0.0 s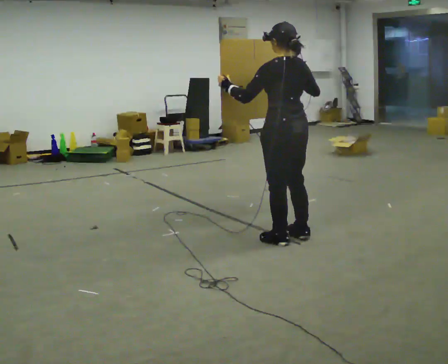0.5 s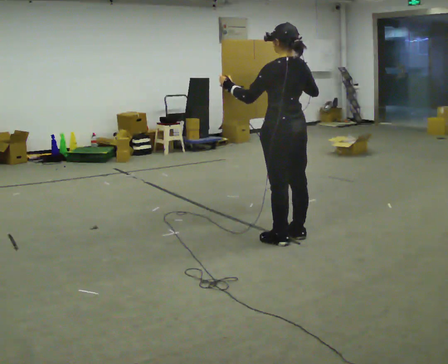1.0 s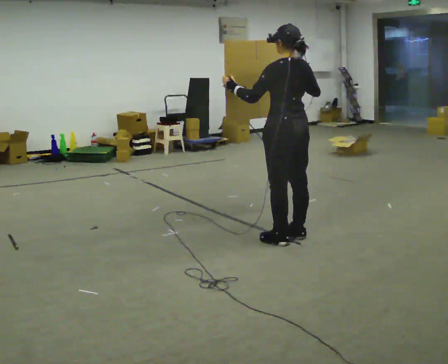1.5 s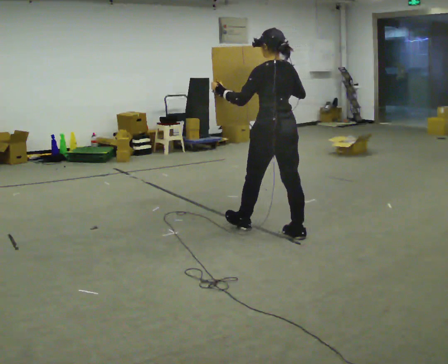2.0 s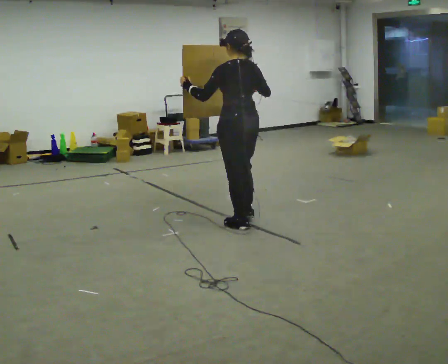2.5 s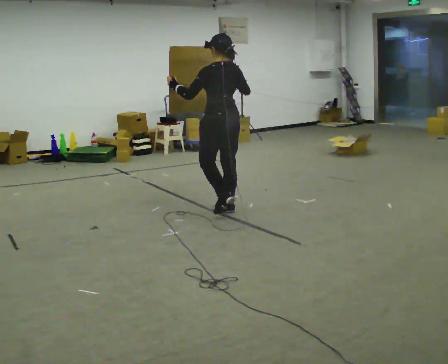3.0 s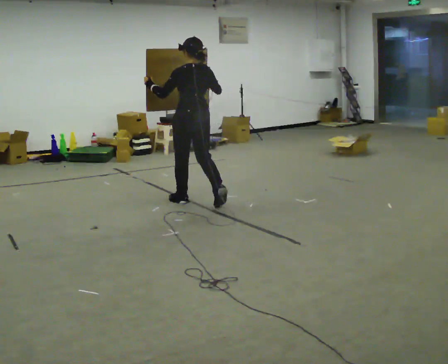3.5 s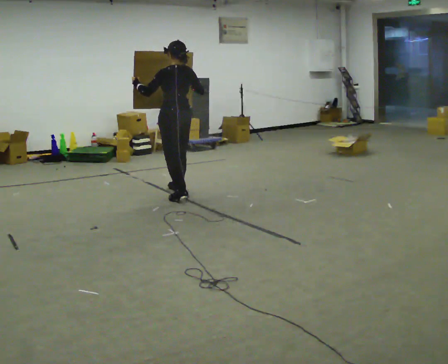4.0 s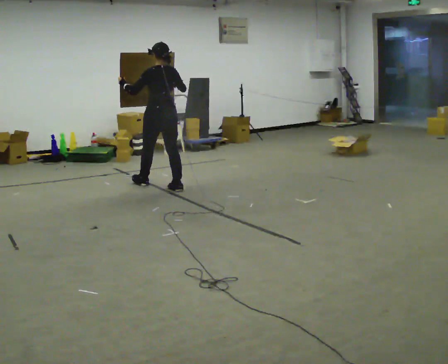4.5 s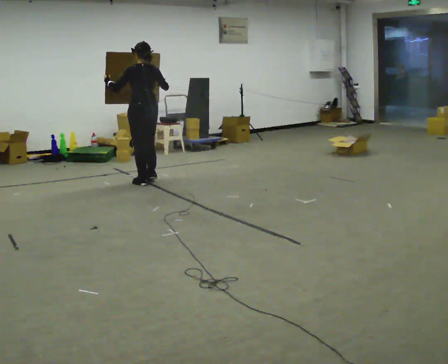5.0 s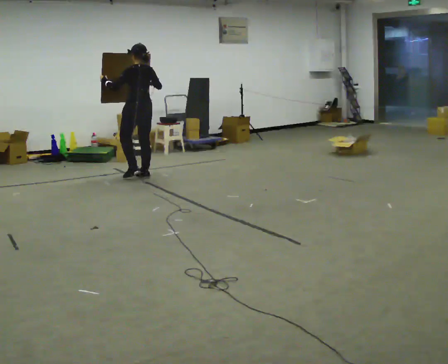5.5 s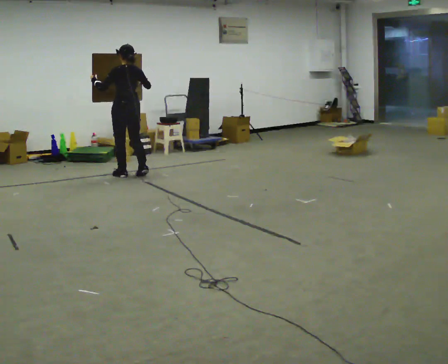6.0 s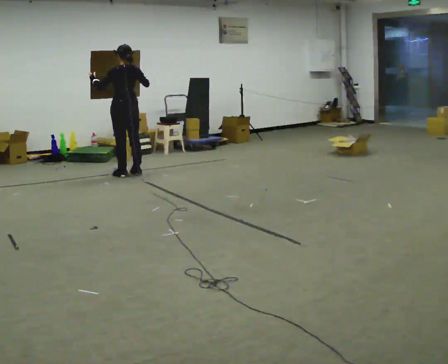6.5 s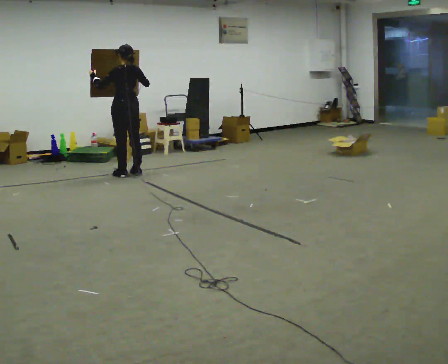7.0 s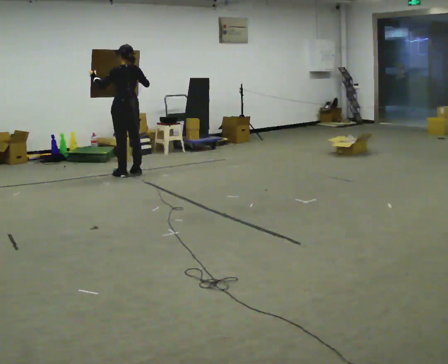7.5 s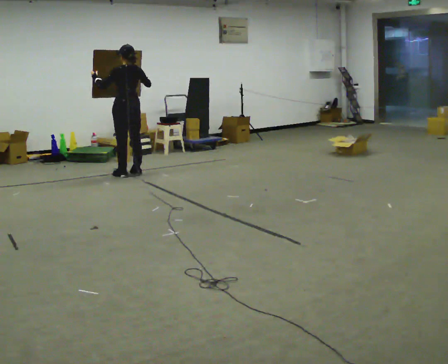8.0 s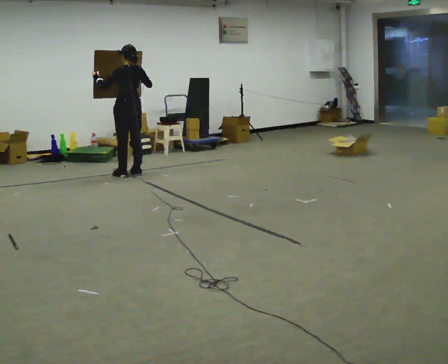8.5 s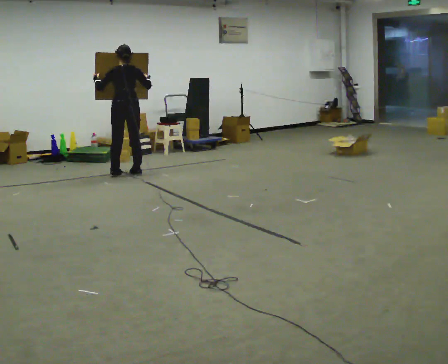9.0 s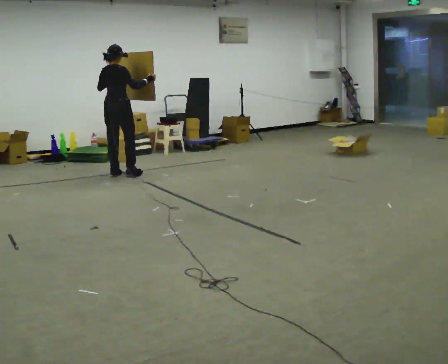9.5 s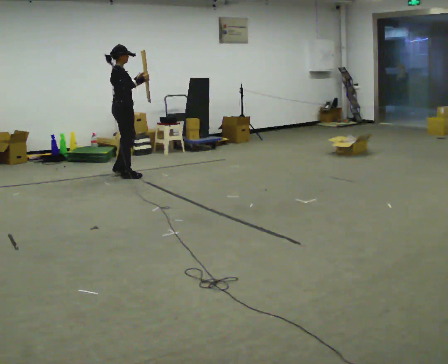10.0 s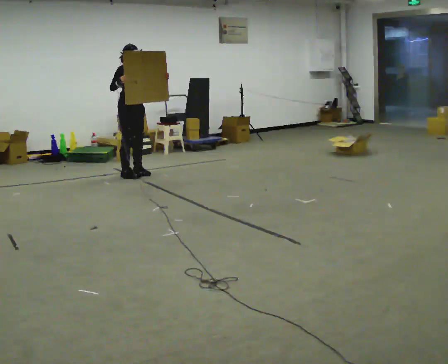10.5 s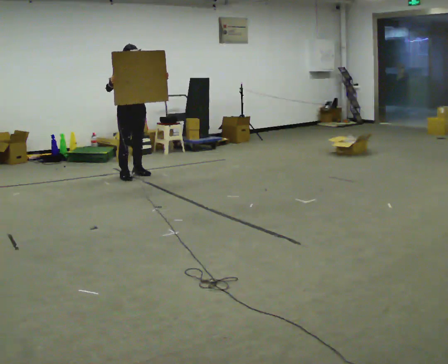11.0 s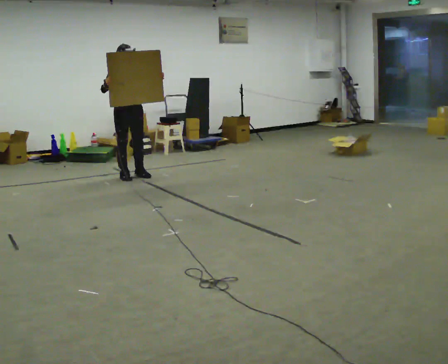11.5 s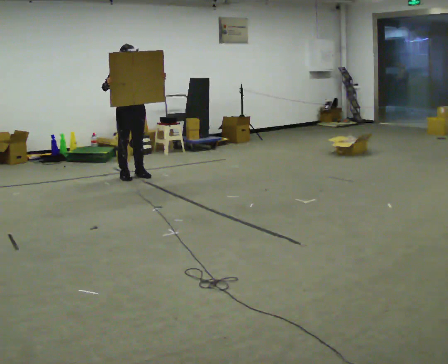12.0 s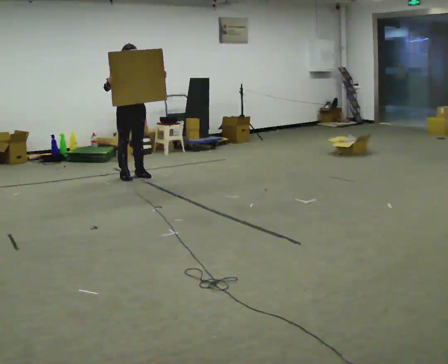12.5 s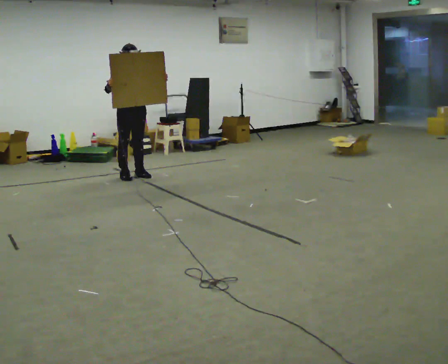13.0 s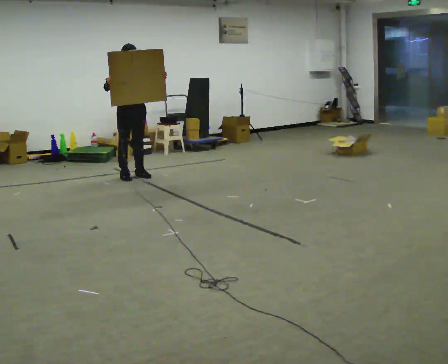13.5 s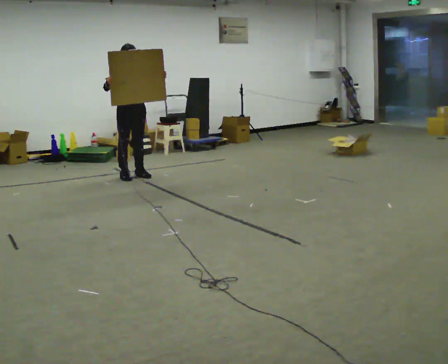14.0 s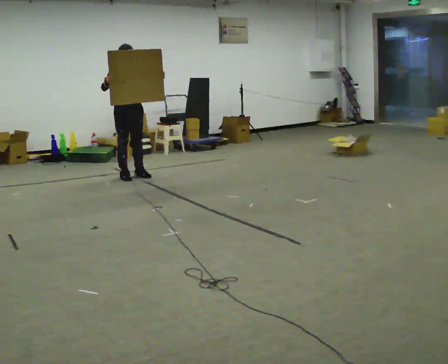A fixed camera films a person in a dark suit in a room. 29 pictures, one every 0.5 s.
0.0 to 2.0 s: In the picture they go away from the camera and to the left, about 0.5 m in 1 step, which for them is forward.
2.0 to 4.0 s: In the picture they go away from the camera, about 1.5 m in 4 steps, which for them is forward.
4.0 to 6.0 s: In the picture they go away from the camera and to the left, about 1 m in 3 steps, which for them is forward.
6.0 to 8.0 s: The person moves a little, or ends about where they began.
8.0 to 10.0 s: Seen from above the body turns clockwise, about 165 degrees: to their right, with its near side sliding to the left. In the picture their right hand goes to the left.
10.0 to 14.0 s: The person moves a little, or ends about where they began.
The film runs forward here.
